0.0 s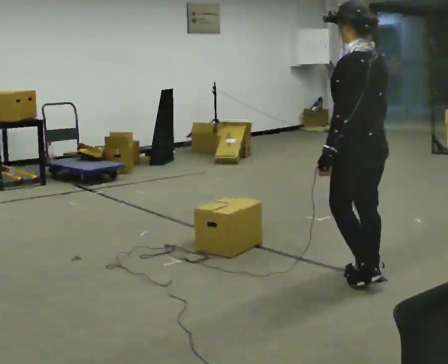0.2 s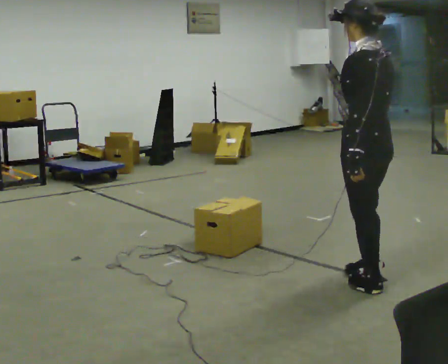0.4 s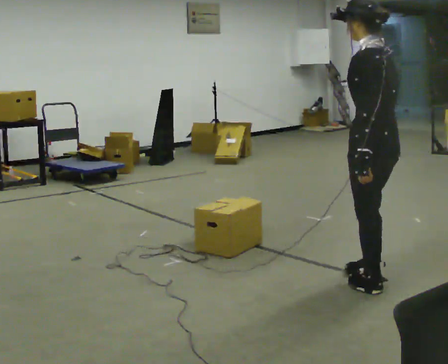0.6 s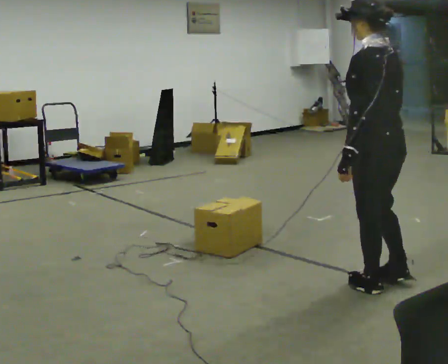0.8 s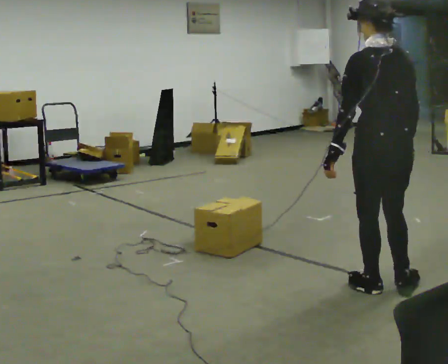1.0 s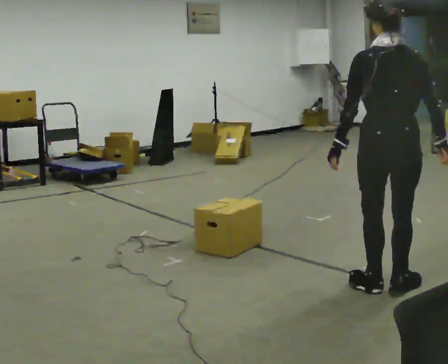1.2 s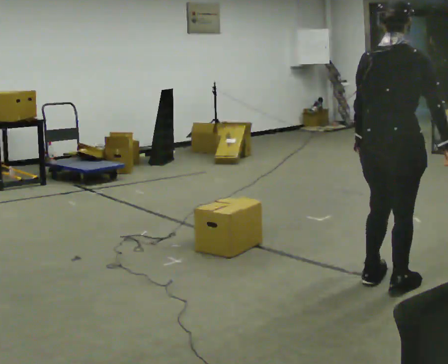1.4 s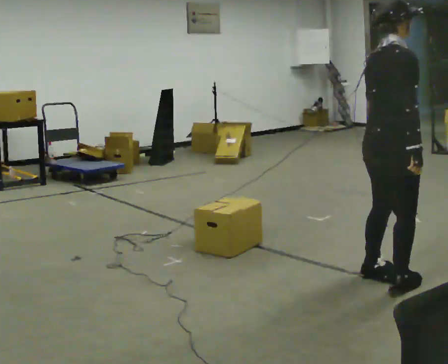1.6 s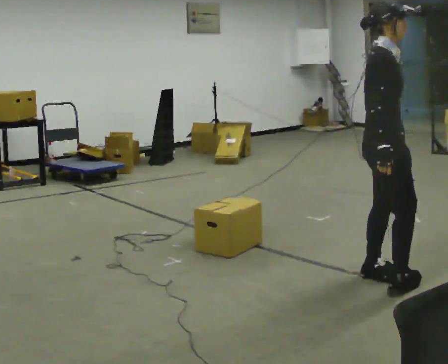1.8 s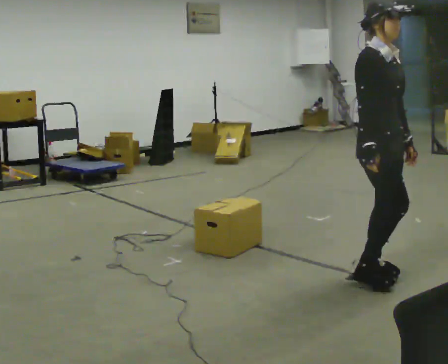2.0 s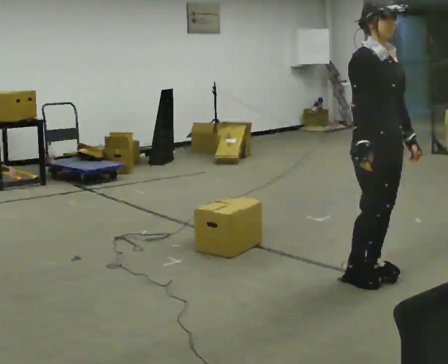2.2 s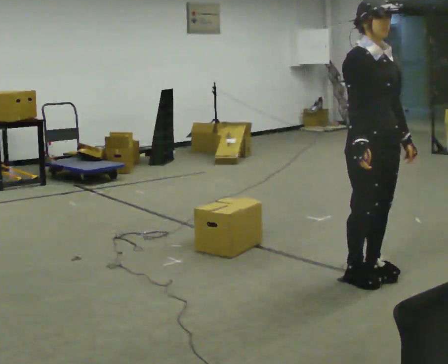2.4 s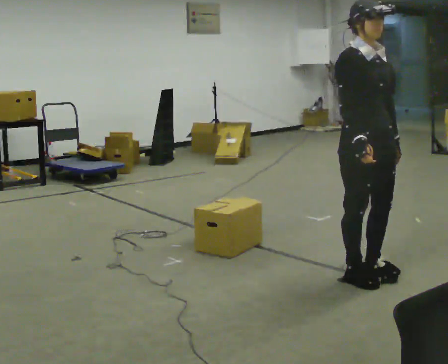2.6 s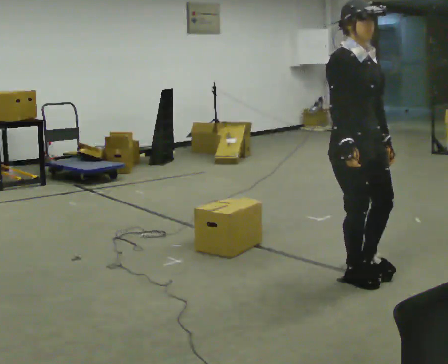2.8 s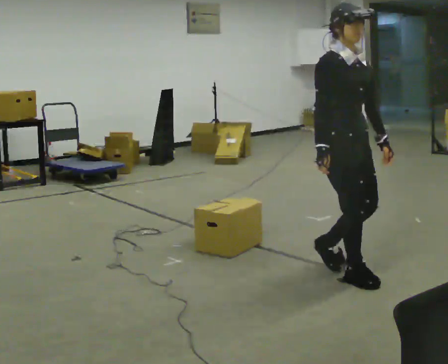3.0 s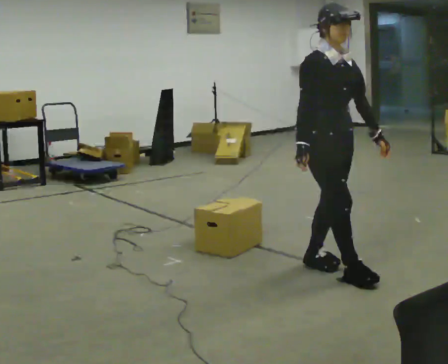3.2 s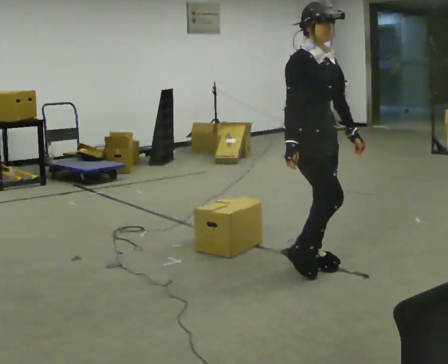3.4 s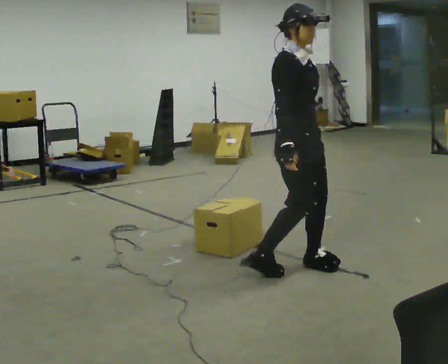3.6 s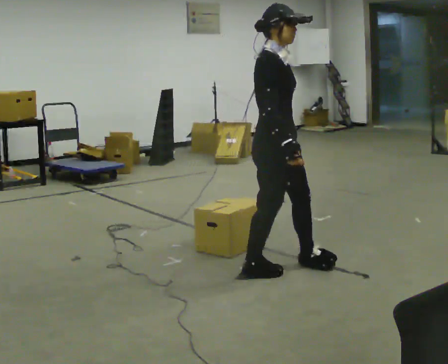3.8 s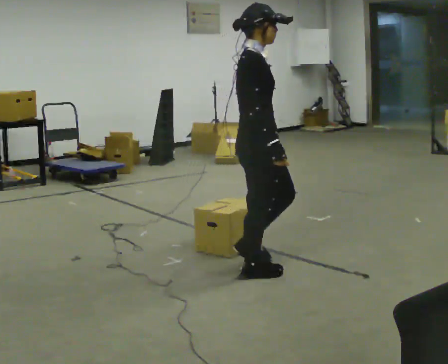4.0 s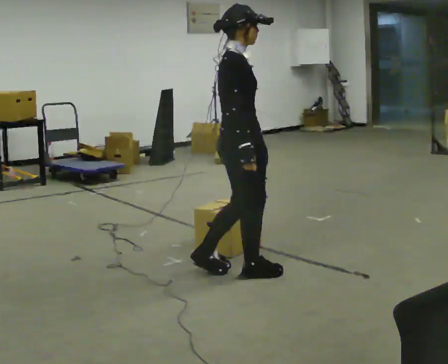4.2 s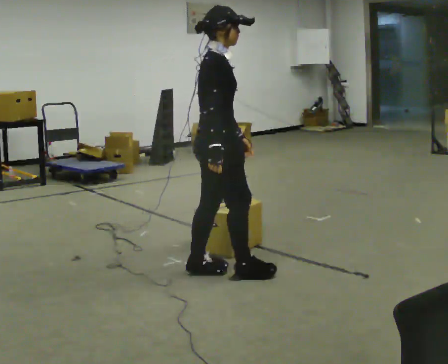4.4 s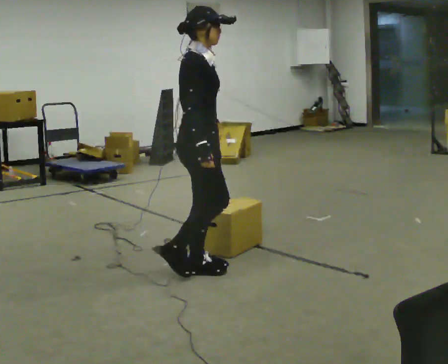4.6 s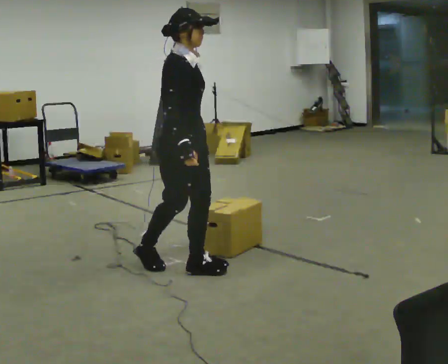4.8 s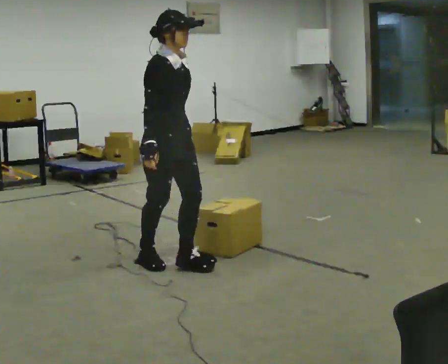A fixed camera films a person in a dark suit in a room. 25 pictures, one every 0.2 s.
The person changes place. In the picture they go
to the left.
0.0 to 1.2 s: The person turns about 75 degrees to their right, clockwise seen from above, so the part of the body nearest the lens slides to the left. In the picture they go toward the camera and to the right, about 0.25 m in 2 steps.
1.2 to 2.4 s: The part of the body nearest the lens slides to the left as the person turns to their right by about 105 degrees. In the picture they go away from the camera and to the left, about 0.25 m in 1 step.
2.4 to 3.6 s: Seen from above the body turns counterclockwise, about 30 degrees: to their left, with its near side sliding to the right. In the picture they go to the left, about 0.5 m in 3 steps, which for them is backward and to their right.
3.6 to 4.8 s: In the picture they go to the left, about 0.75 m in 2 steps, which for them is backward.
The film runs backward here.
